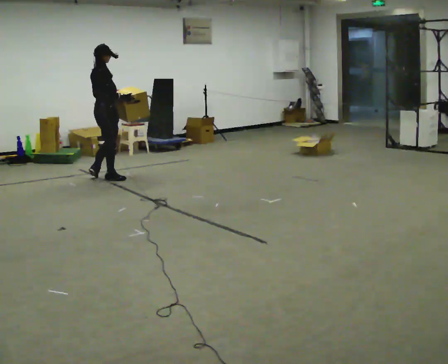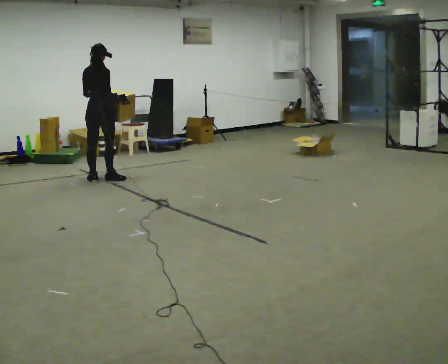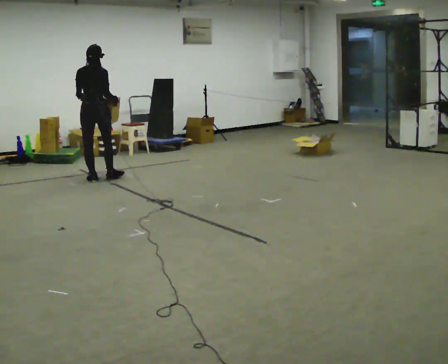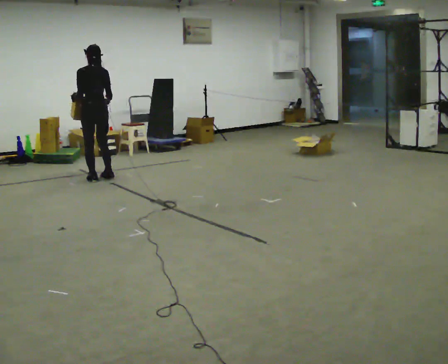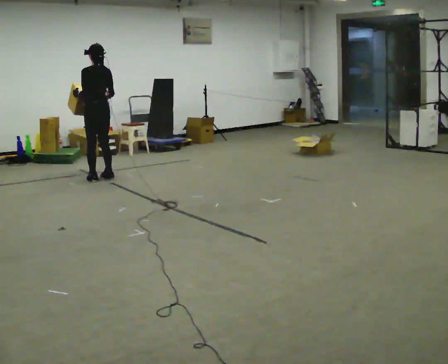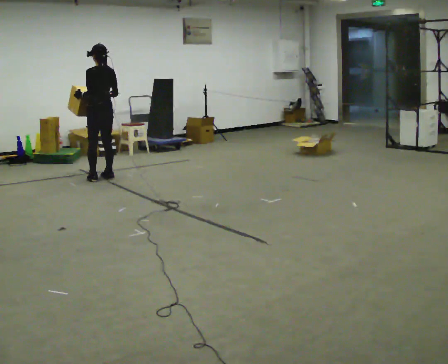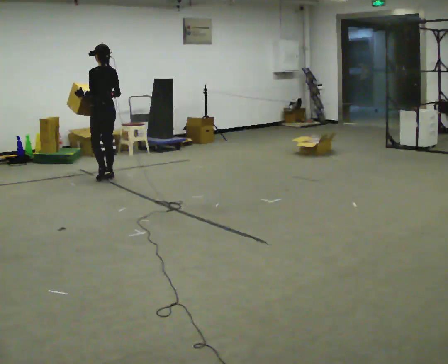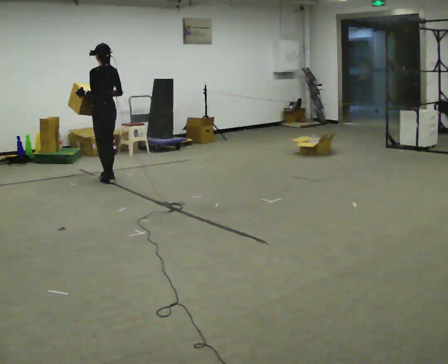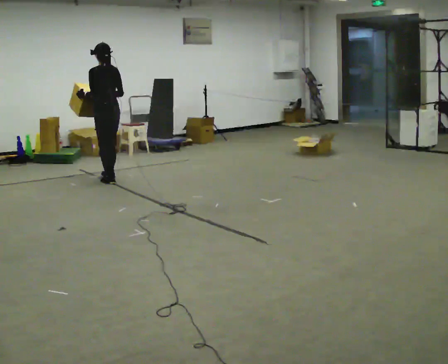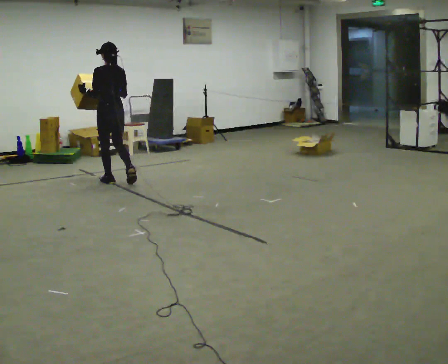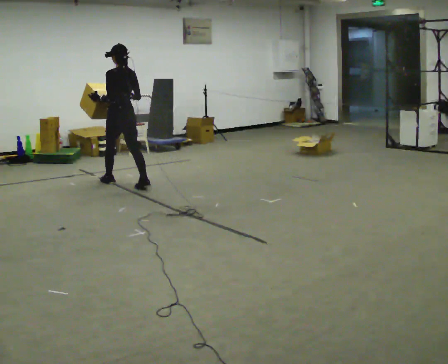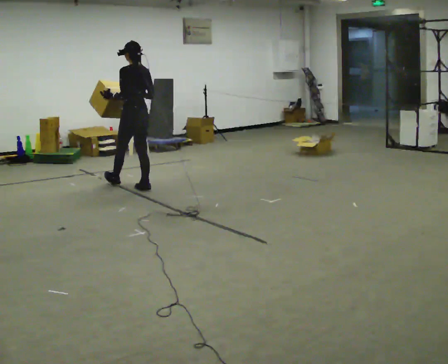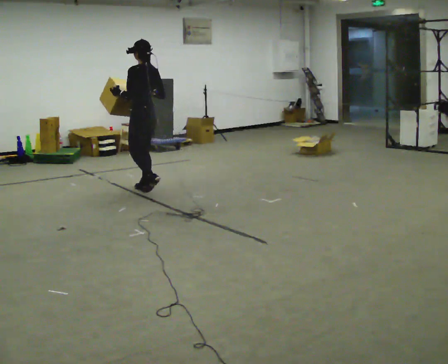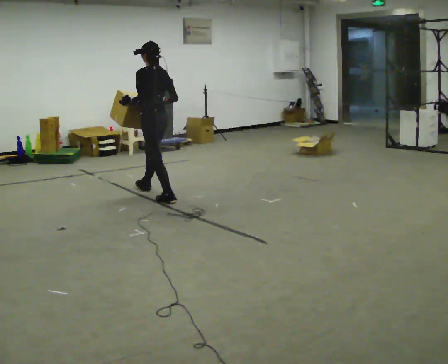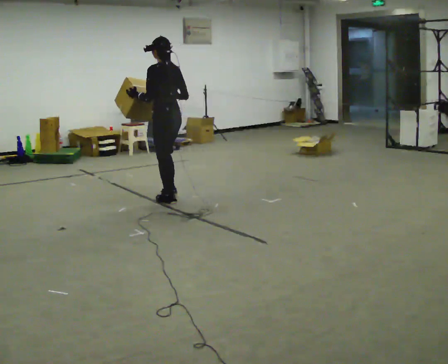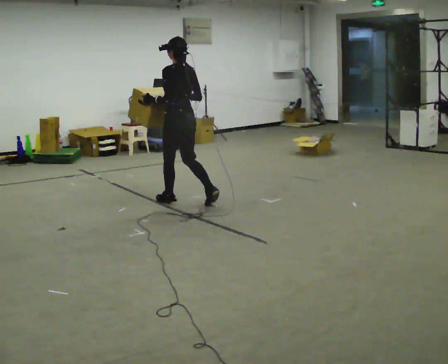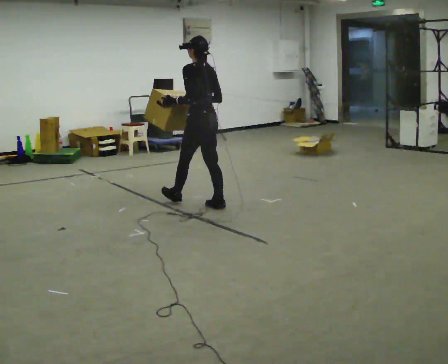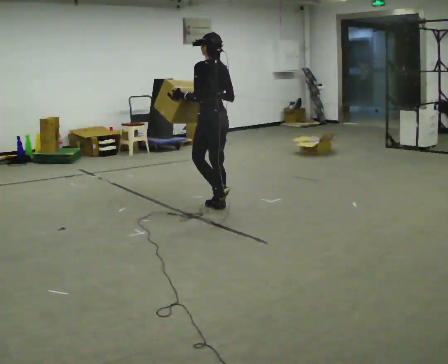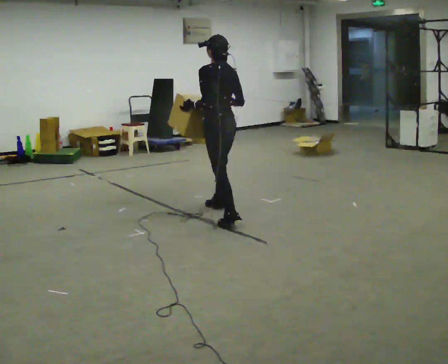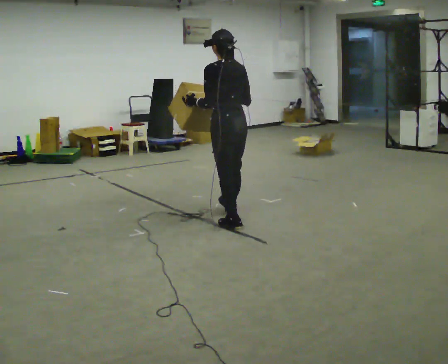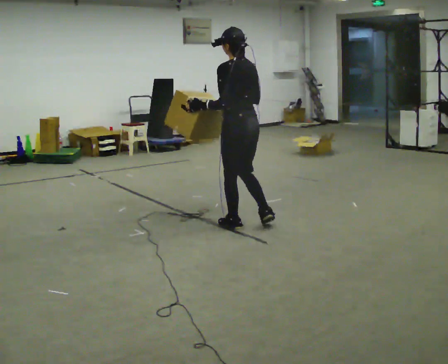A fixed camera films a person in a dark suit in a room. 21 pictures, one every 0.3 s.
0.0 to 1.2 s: The person turns about 90 degrees to their left, counterclockwise seen from above, so the part of the body nearest the lens slides to the right.
1.2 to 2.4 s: The person moves a little, or ends about where they began.
2.4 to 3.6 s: In the picture they go toward the camera and to the right, about 0.75 m in 1 step, which for them is backward.
3.6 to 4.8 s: In the picture they go toward the camera and to the right, about 1 m in 2 steps, which for them is backward.
4.8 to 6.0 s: In the picture they go toward the camera, about 0.5 m in 1 step, which for them is backward.
The film runs backward here.
